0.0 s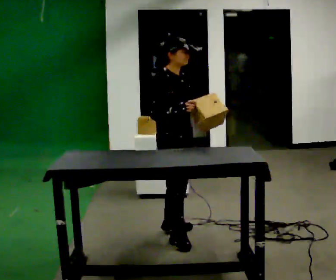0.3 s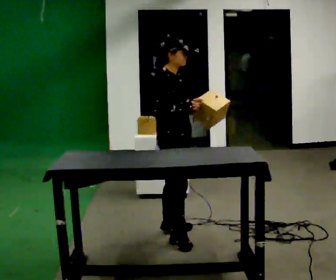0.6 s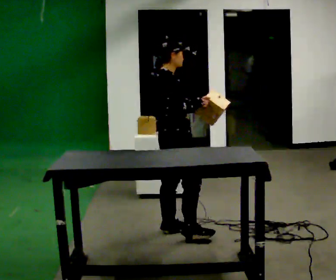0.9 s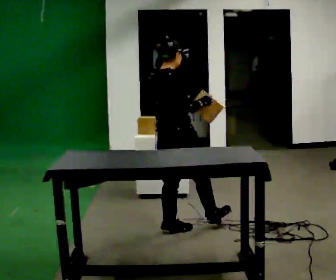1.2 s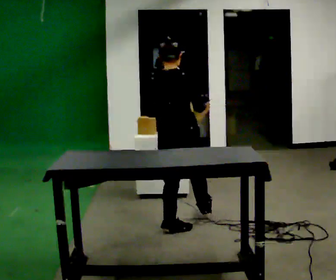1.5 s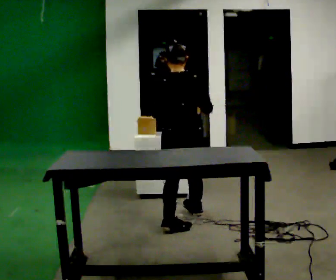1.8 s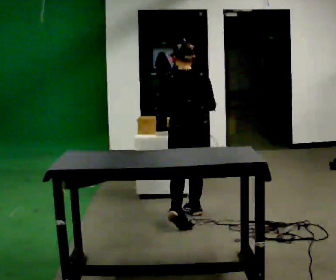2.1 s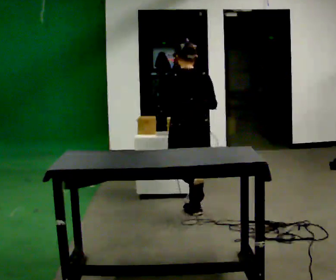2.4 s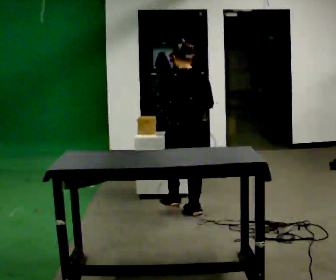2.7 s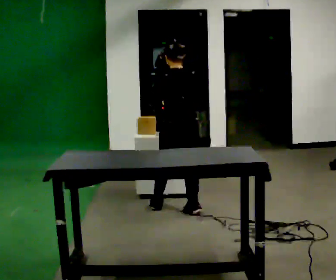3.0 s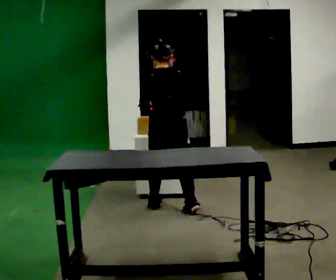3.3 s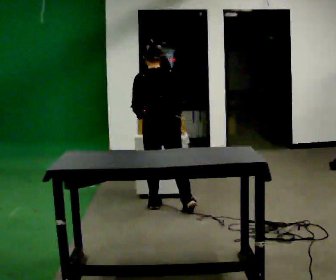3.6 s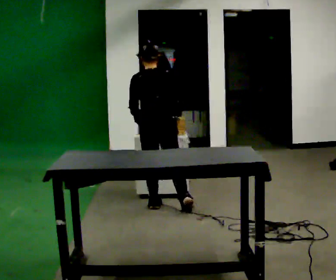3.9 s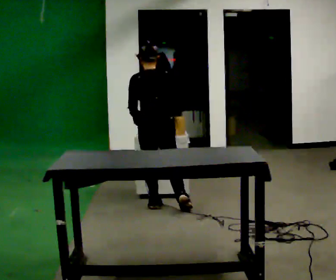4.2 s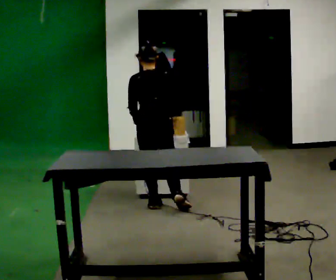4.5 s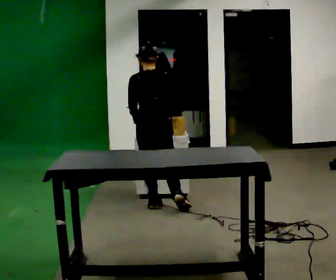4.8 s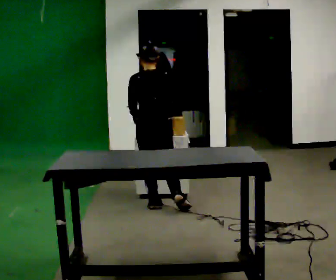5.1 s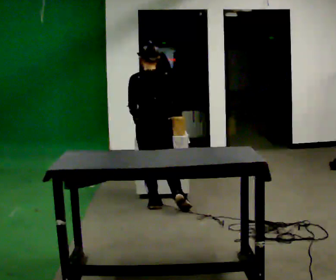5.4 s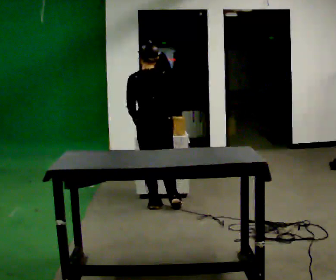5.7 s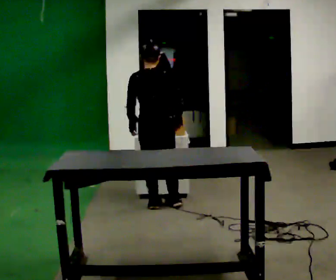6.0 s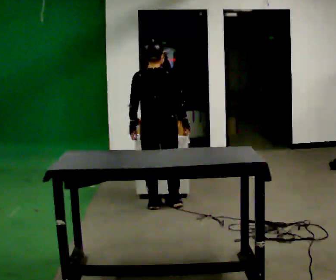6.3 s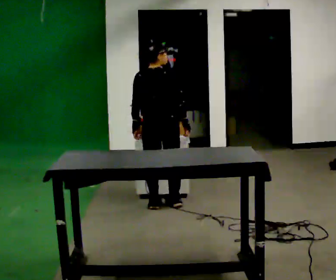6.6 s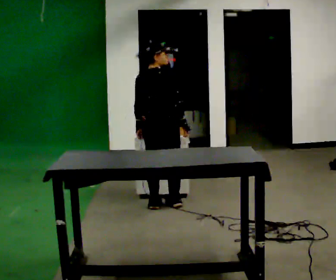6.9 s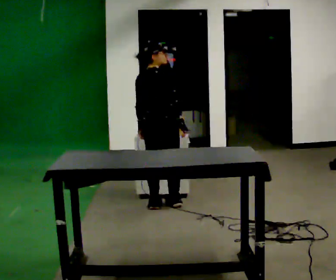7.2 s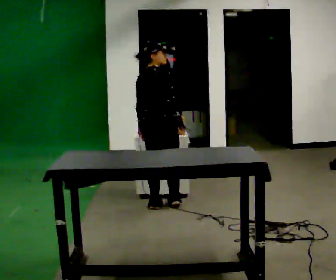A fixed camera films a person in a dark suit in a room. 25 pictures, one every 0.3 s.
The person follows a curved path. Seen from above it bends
counterclockwise.
The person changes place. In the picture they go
away from the camera.
0.0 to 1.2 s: Seen from above the body turns counterclockwise, about 105 degrees: to their left, with its near side sliding to the right. In the picture they go away from the camera, about 0.25 m.
1.2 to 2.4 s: Seen from above the body turns counterclockwise, about 30 degrees: to their left, with its near side sliding to the right. In the picture they go away from the camera, about 0.5 m in 1 step, which for them is forward and to their right.
2.4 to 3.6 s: In the picture they go to the left and away from the camera, about 0.25 m in 1 step, which for them is forward and to their left.
3.6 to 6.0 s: The person moves a little, or ends about where they began.
6.0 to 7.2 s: The part of the body nearest the lens slides to the left as the person turns to their right by about 30 degrees.
The film runs forward here.
